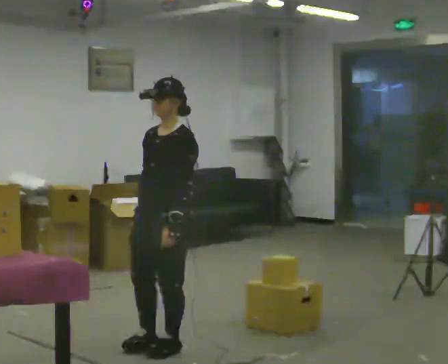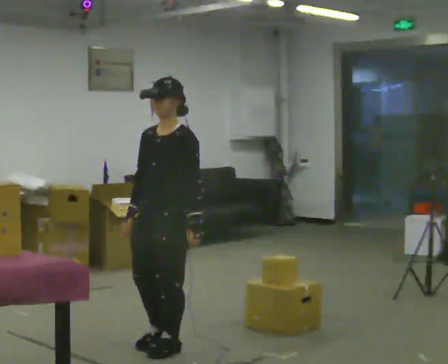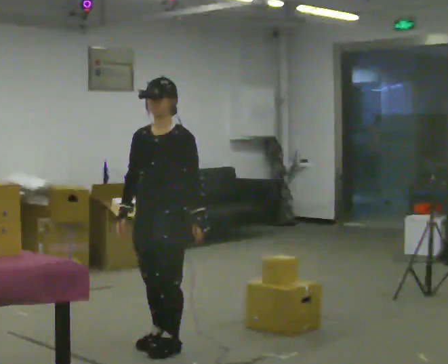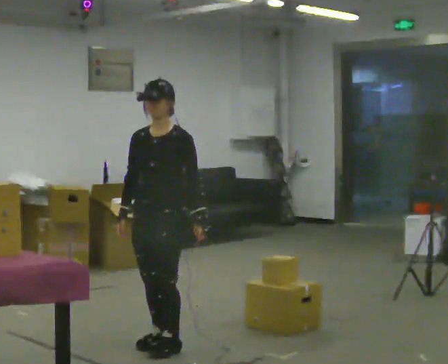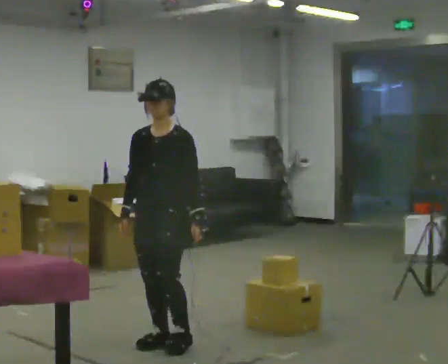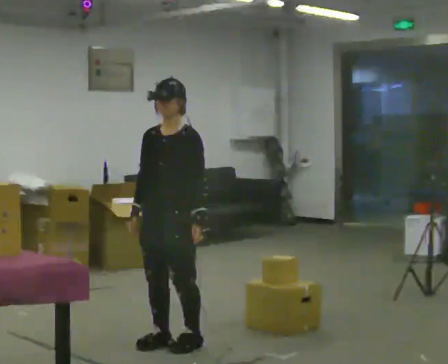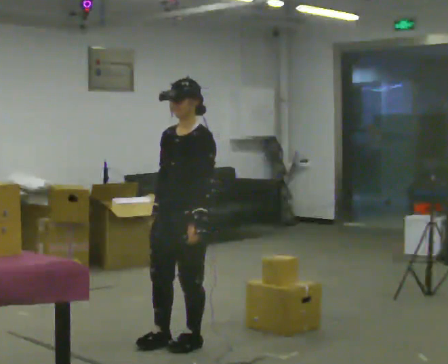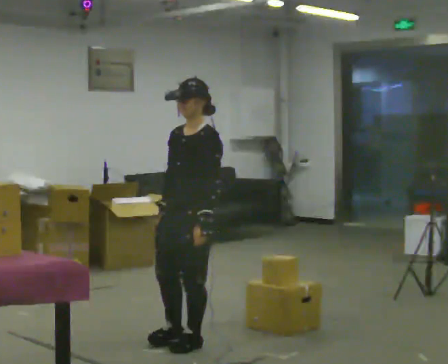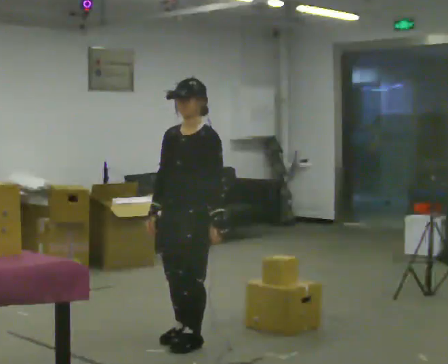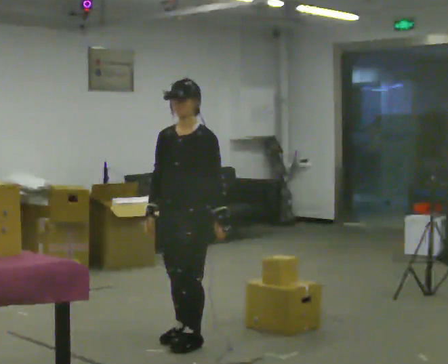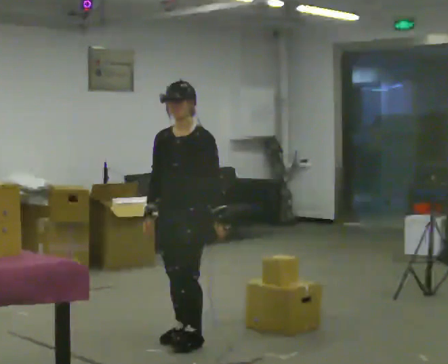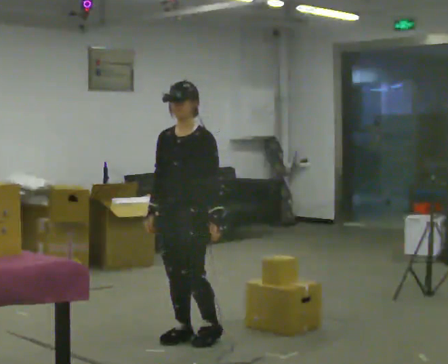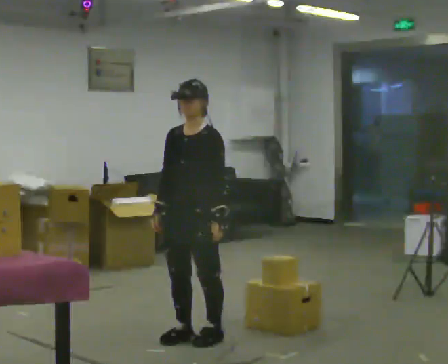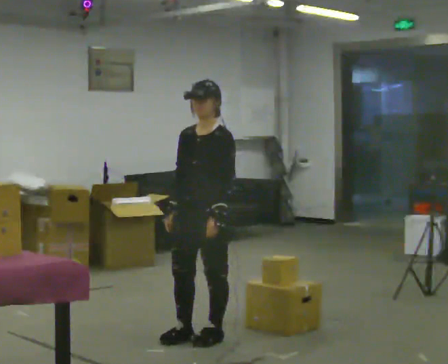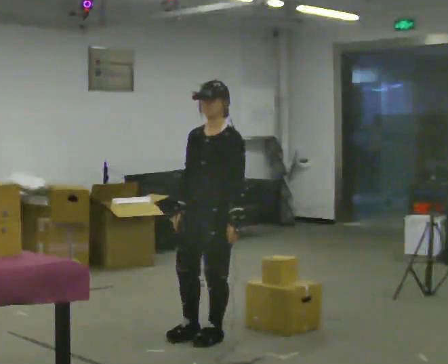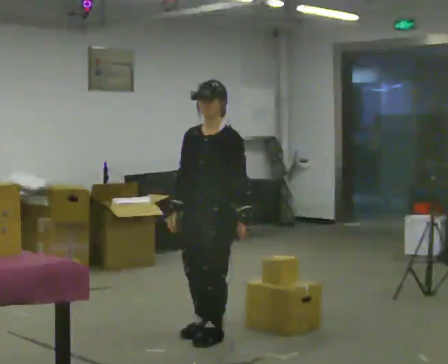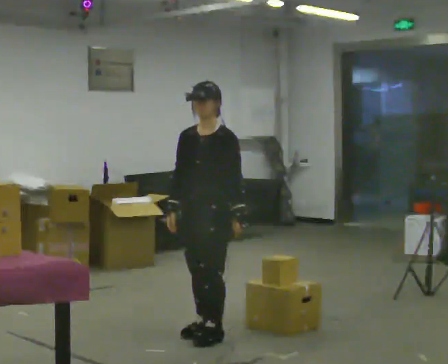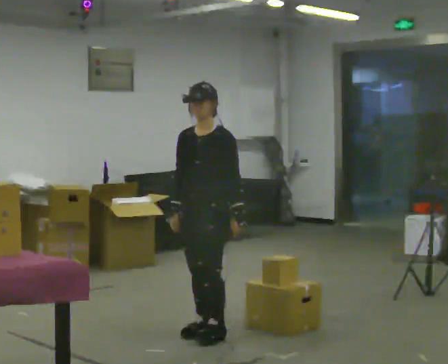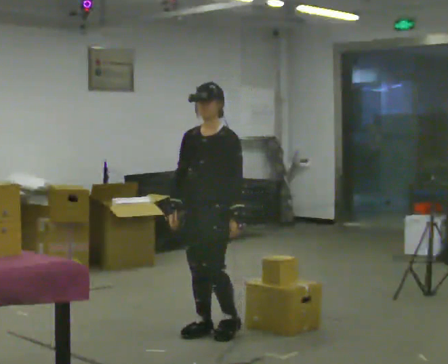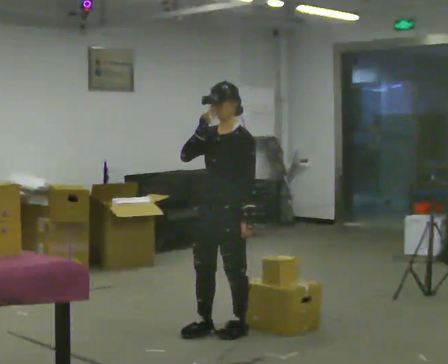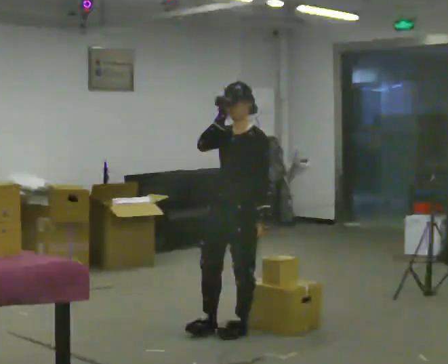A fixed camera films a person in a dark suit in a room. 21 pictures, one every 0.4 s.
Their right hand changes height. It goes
upward.
0.0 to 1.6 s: The person moves a little, or ends about where they began.
1.6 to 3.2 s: In the picture they go to the right, about 0.25 m in 1 step.
3.2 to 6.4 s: In the picture they go away from the camera, about 0.25 m in 2 steps, which for them is backward.
6.4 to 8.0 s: In the picture they go to the right, about 0.25 m in 1 step, which for them is backward. In the picture their right hand goes upward and to the right.
The film runs backward here.
